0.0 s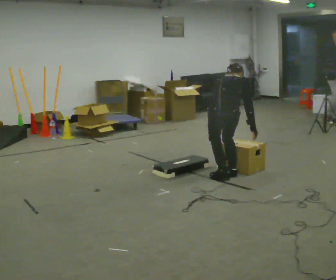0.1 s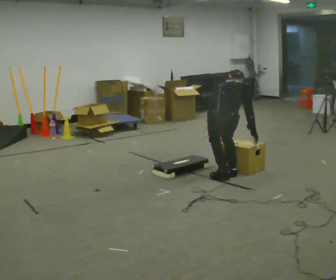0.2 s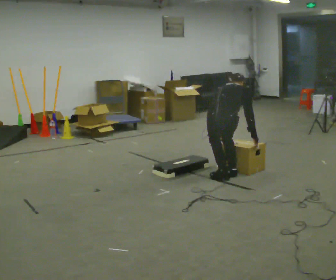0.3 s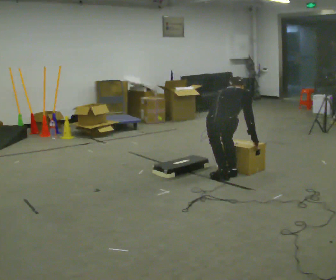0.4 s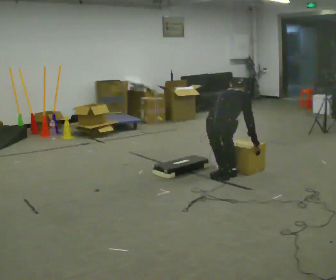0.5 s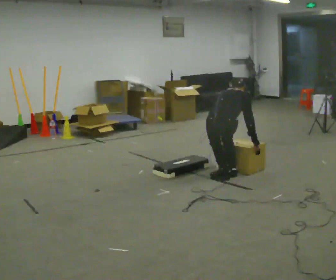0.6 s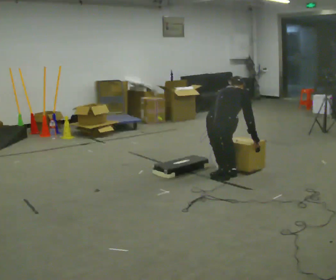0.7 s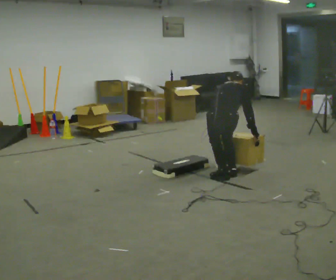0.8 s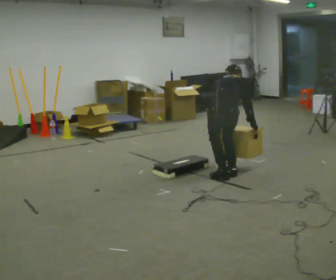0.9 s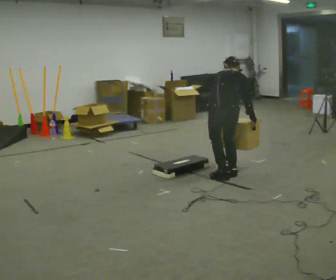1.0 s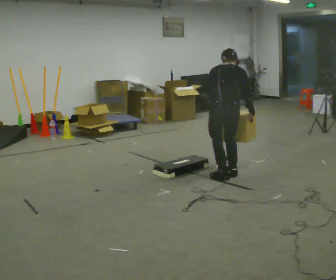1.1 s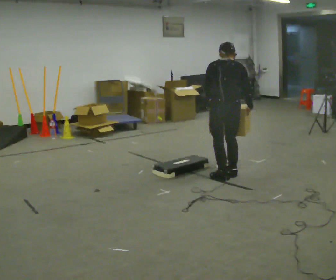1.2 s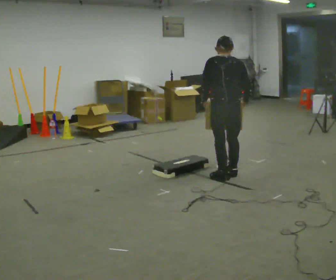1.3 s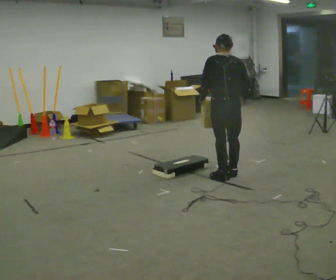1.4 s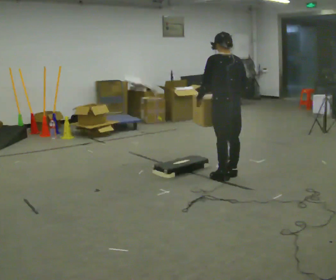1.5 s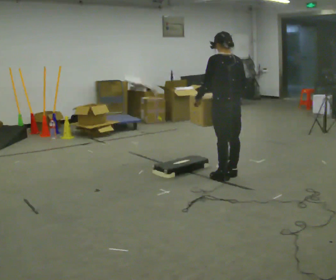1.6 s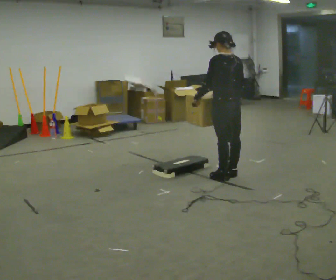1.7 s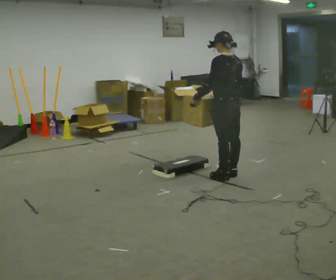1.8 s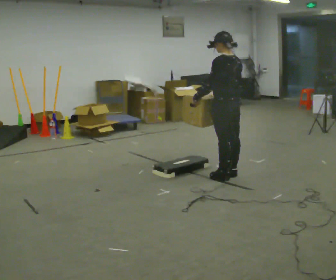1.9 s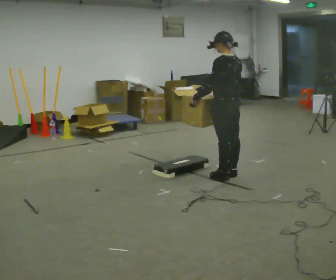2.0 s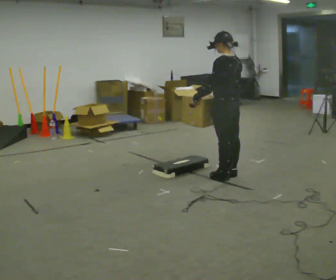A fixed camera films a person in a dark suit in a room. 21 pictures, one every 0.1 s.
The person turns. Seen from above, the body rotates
counterclockwise.
The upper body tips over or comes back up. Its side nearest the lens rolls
downward.
0.0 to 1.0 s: The person moves a little, or ends about where they began.
1.0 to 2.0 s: The part of the body nearest the lens slides to the right as the person turns to their left by about 60 degrees. The upper body tips toward the camera, its near side rolling downward, as they lean back or straighten.
The film runs forward here.
